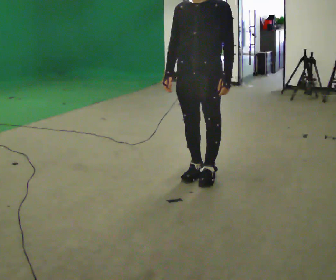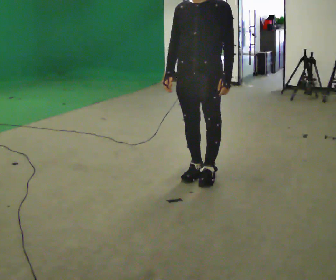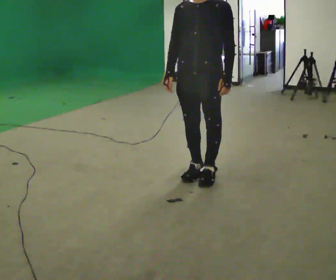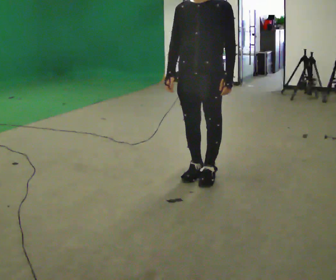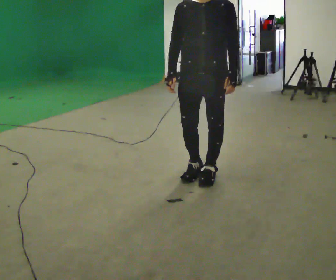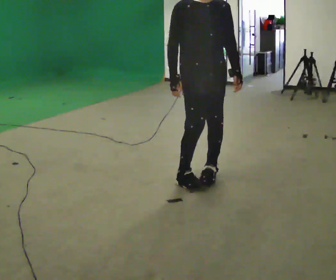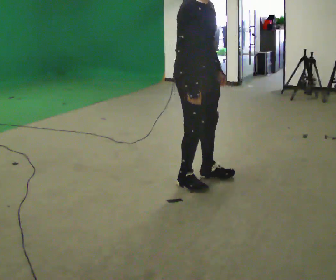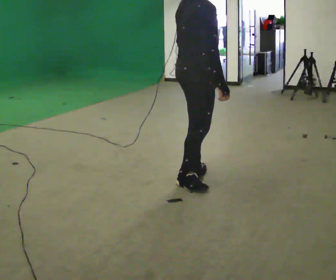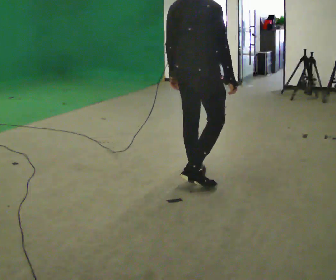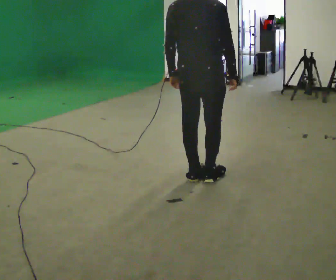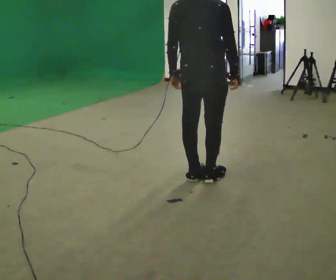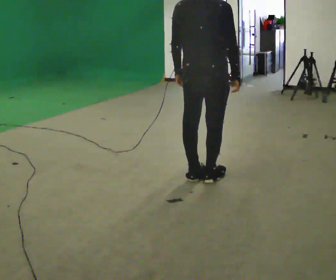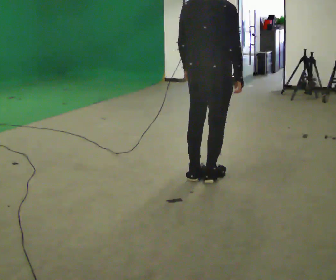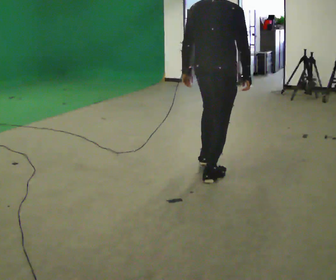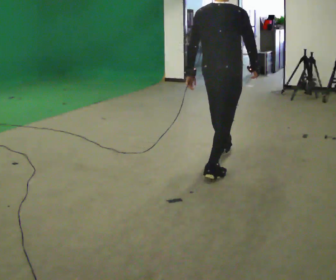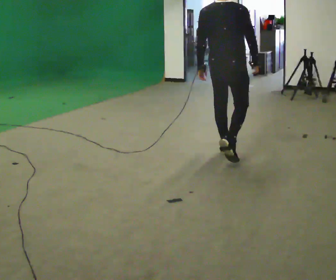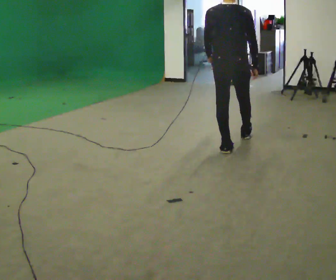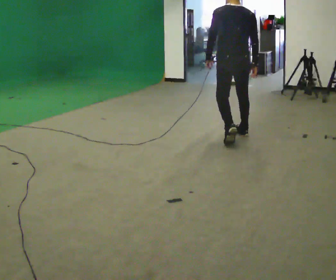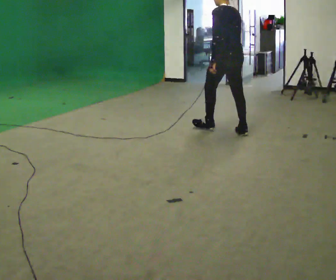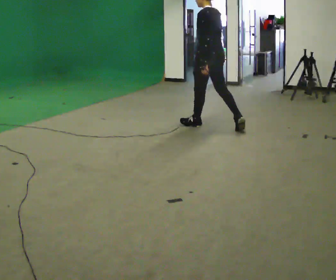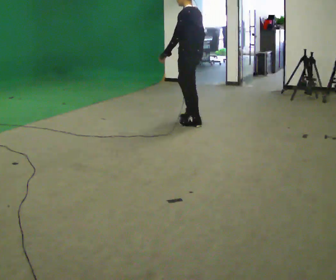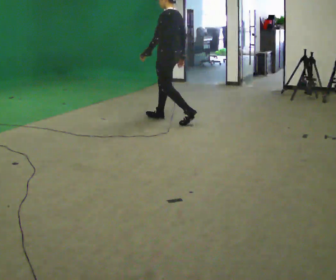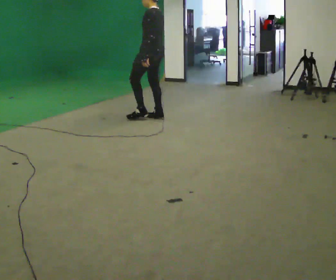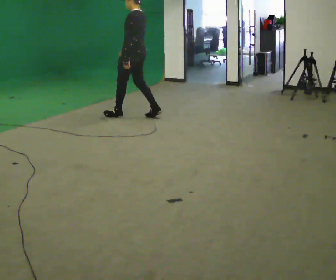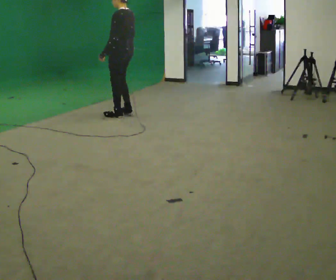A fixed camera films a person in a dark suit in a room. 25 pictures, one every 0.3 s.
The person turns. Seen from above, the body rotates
counterclockwise.
The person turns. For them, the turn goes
to their left.
0.0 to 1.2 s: The person moves a little, or ends about where they began.
1.2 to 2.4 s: The person turns about 150 degrees to their left, counterclockwise seen from above, so the part of the body nearest the lens slides to the right. In the picture their left hand goes to the left, the arm swinging clockwise.
2.4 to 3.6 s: The person moves a little, or ends about where they began.
3.6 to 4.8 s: In the picture they go away from the camera, about 1 m in 1 step, which for them is forward.
4.8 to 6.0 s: The person turns about 75 degrees to their left, counterclockwise seen from above, so the part of the body nearest the lens slides to the right. In the picture they go away from the camera and to the left, about 1 m in 2 steps.
6.0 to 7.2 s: In the picture they go to the left, about 1 m in 2 steps, which for them is forward.
The film runs forward here.
